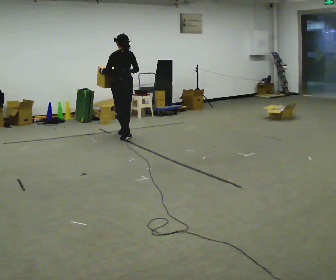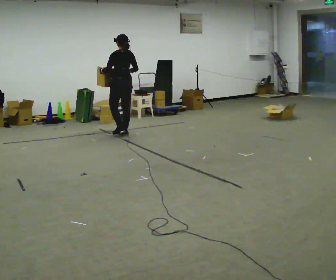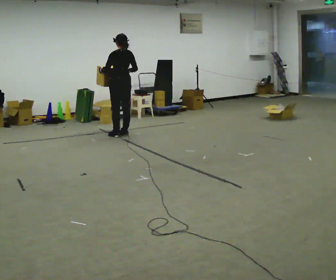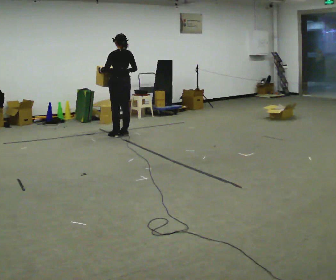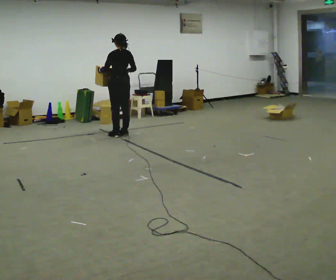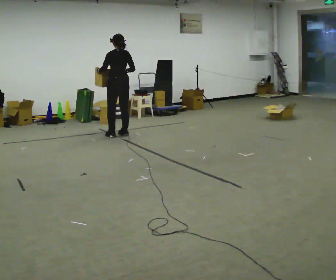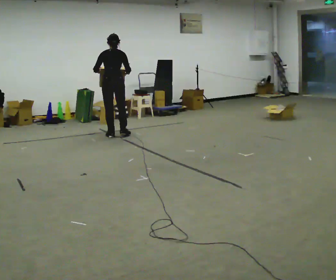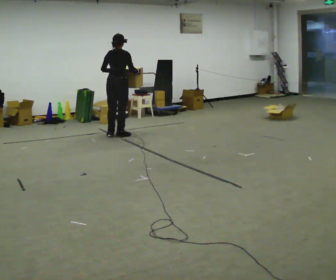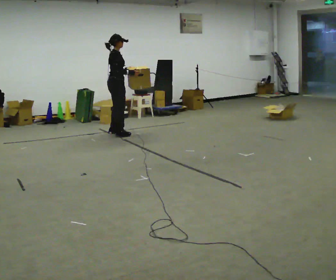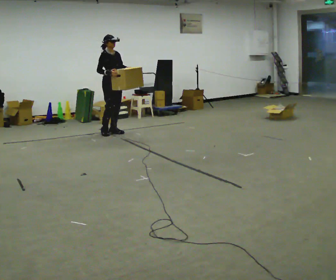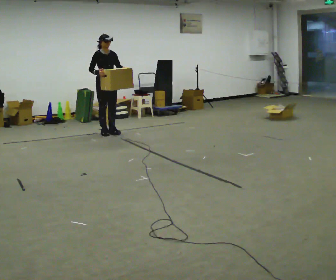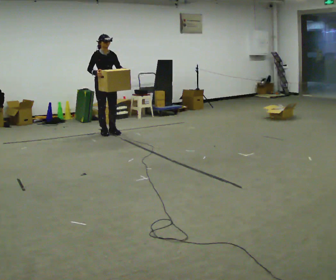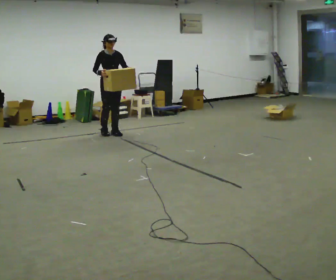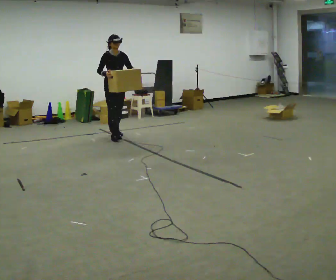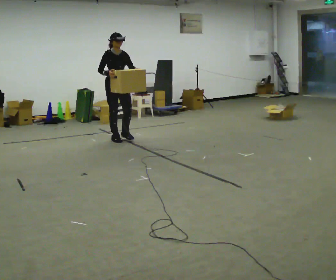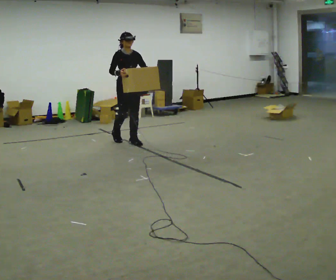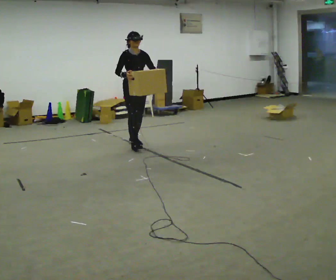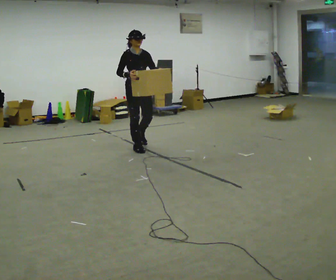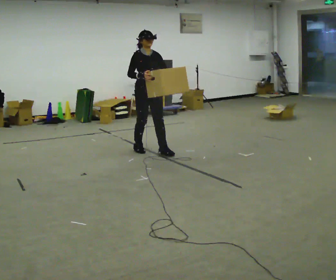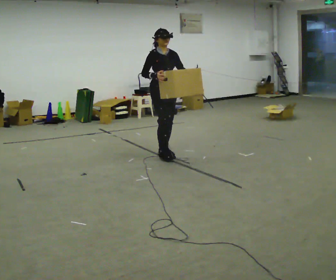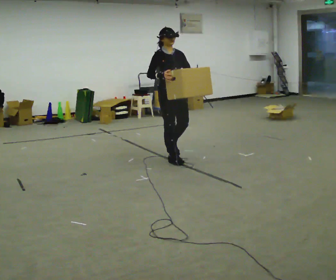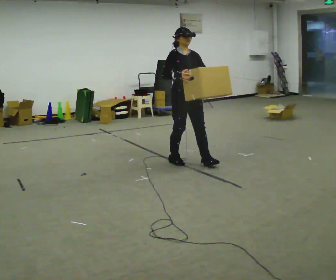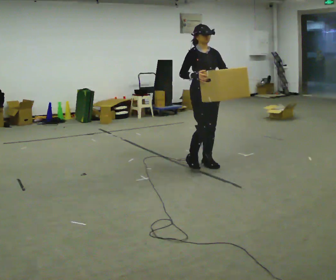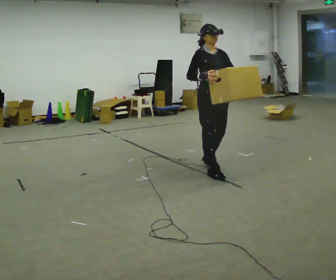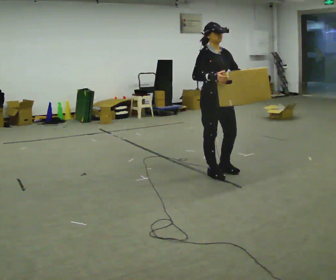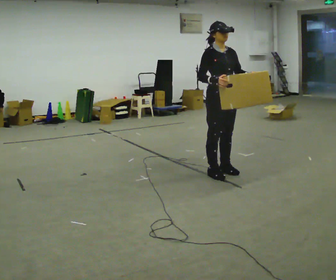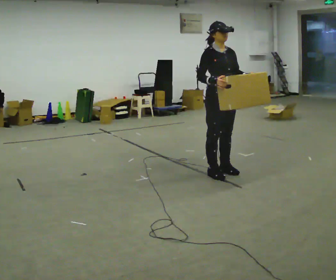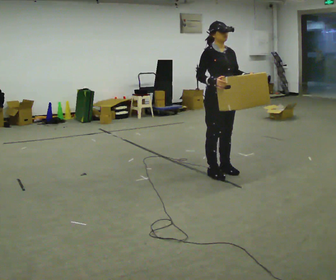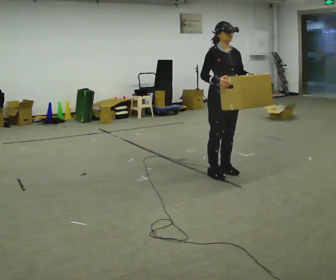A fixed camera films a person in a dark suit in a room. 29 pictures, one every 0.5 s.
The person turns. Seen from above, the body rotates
clockwise.
The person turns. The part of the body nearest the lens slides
to the left.
0.0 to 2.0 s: In the picture they go away from the camera, about 0.25 m in 1 step, which for them is forward.
2.0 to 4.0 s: The part of the body nearest the lens slides to the left as the person turns to their right by about 105 degrees. In the picture their left hand goes to the right.
4.0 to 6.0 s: The part of the body nearest the lens slides to the left as the person turns to their right by about 75 degrees.
6.0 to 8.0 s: In the picture they go toward the camera and to the right, about 1 m in 3 steps, which for them is forward.
8.0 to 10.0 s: In the picture they go toward the camera and to the right, about 1 m in 3 steps, which for them is forward.
10.0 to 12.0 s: In the picture they go toward the camera and to the right, about 1 m in 2 steps, which for them is forward.
12.0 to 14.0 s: The person moves a little, or ends about where they began.
The film runs backward here.
